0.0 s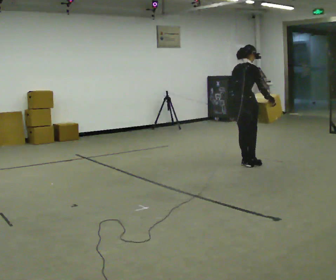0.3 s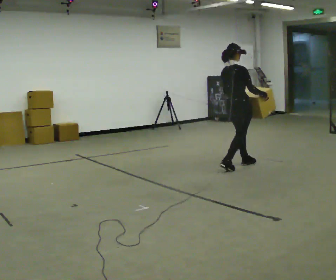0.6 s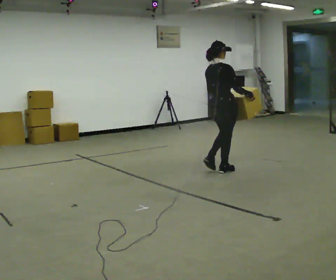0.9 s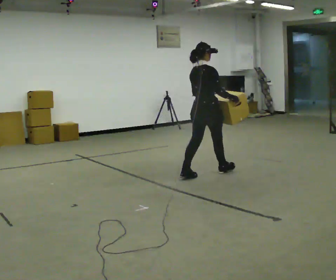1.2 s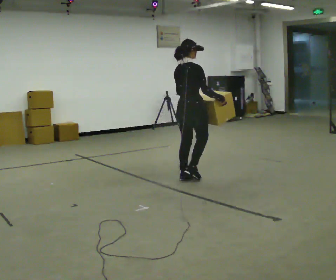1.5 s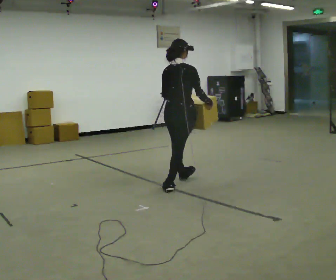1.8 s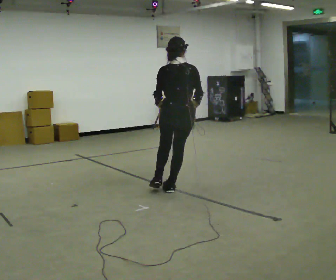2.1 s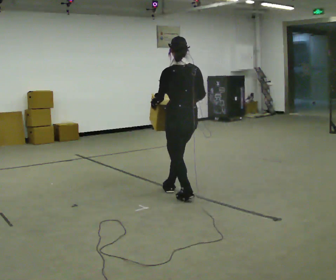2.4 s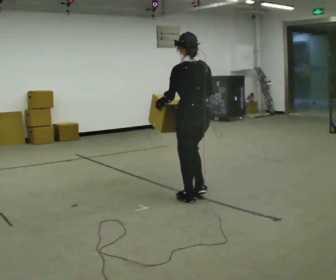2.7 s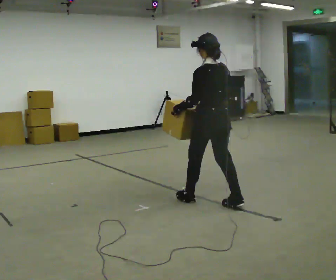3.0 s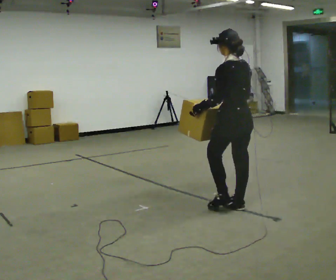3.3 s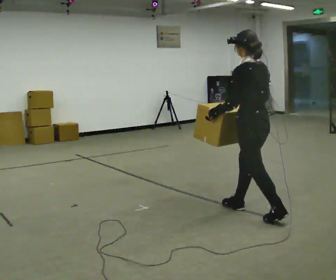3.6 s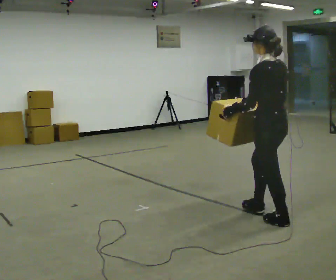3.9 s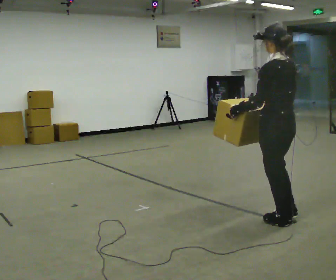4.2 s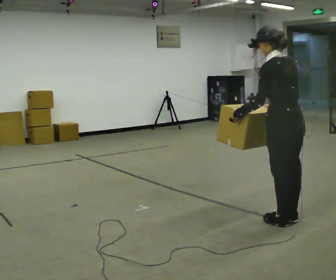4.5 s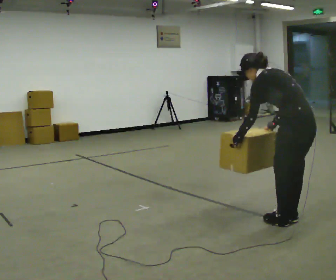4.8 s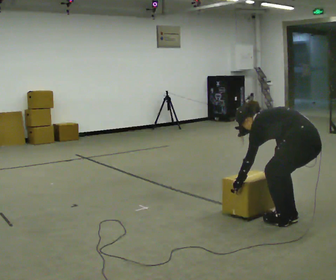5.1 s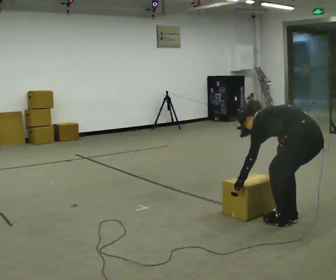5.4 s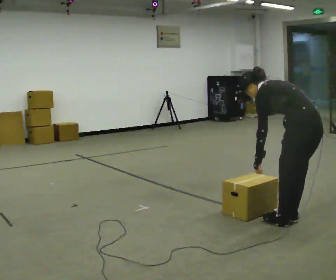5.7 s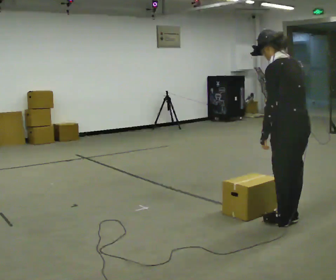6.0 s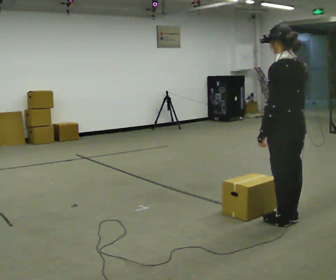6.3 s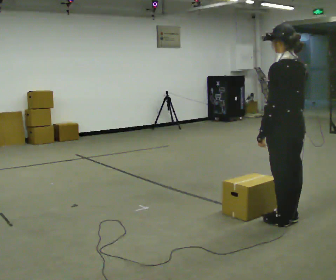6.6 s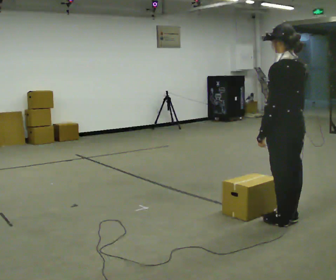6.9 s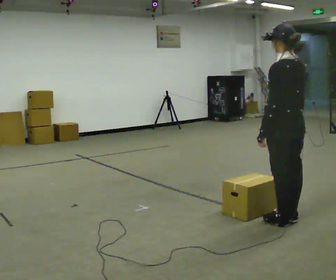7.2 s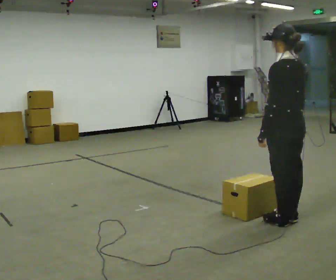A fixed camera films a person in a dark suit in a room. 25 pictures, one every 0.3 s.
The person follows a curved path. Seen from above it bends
counterclockwise.
The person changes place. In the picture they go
toward the camera.
0.0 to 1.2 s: In the picture they go toward the camera and to the left, about 1 m in 2 steps, which for them is backward.
1.2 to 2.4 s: The part of the body nearest the lens slides to the right as the person turns to their left by about 90 degrees. In the picture they go toward the camera, about 1 m in 2 steps.
2.4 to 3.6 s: In the picture they go to the right and toward the camera, about 1 m in 2 steps, which for them is backward.
3.6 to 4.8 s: In the picture they go to the right and toward the camera, about 0.25 m, which for them is backward. The shoulders move downward. In the picture the upper body tilts counterclockwise, shoulders to the left, as they bend forward. In the picture their right hand goes downward.
4.8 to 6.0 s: The upper body goes upward. In the picture the upper body tilts clockwise, shoulders to the right, as they lean back or straighten. In the picture their right hand goes upward.
6.0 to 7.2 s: The person keeps their place and pose.
The film runs backward here.
